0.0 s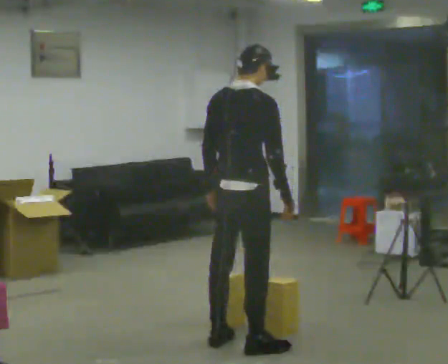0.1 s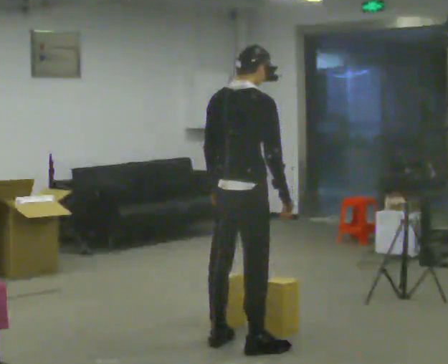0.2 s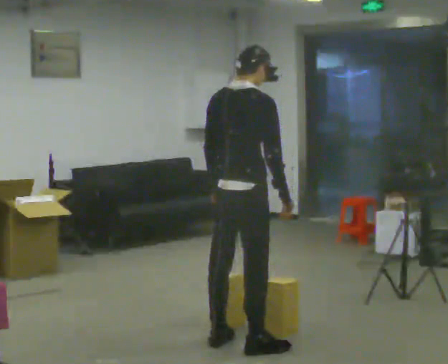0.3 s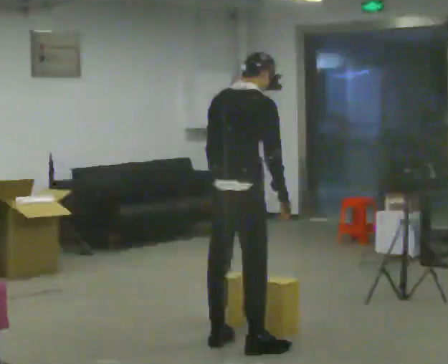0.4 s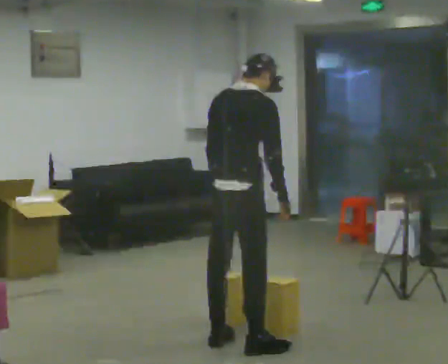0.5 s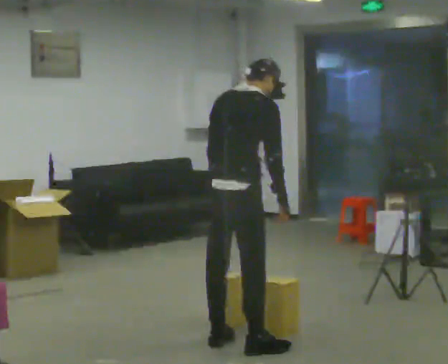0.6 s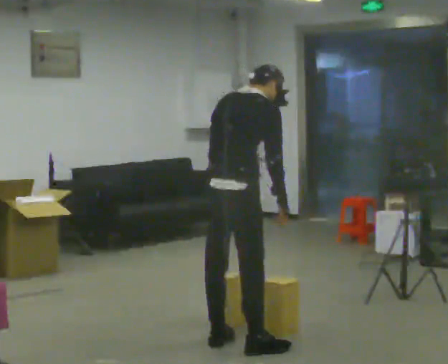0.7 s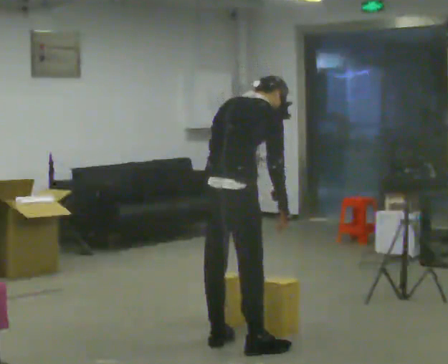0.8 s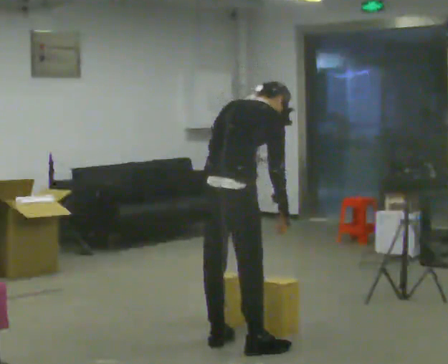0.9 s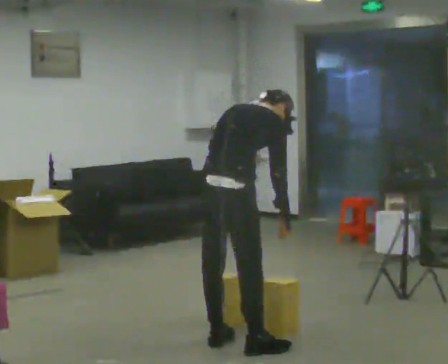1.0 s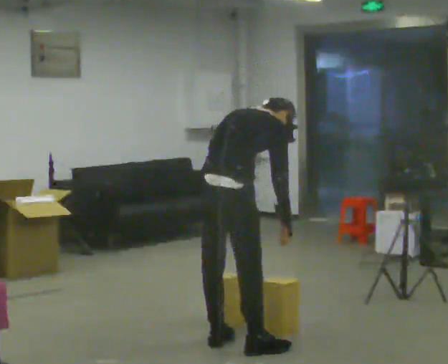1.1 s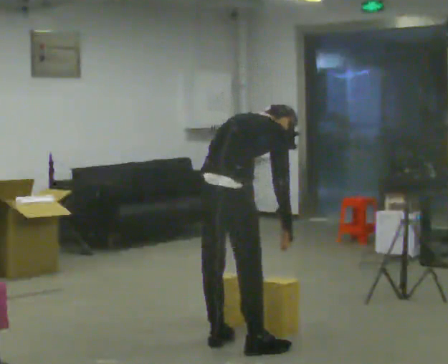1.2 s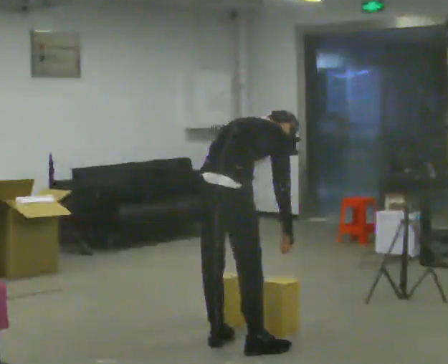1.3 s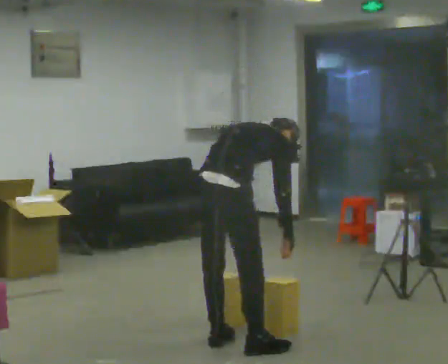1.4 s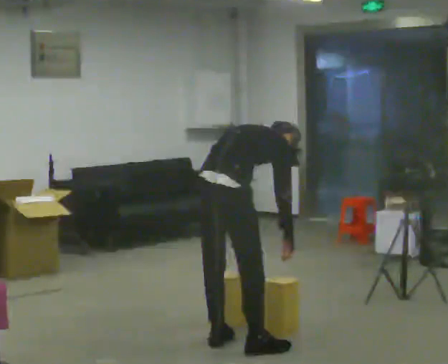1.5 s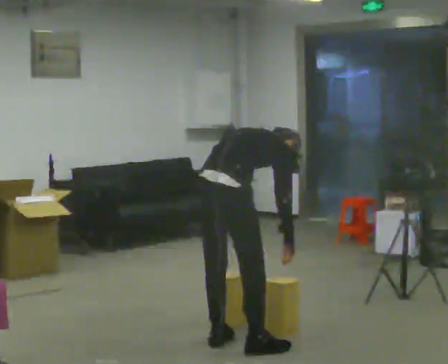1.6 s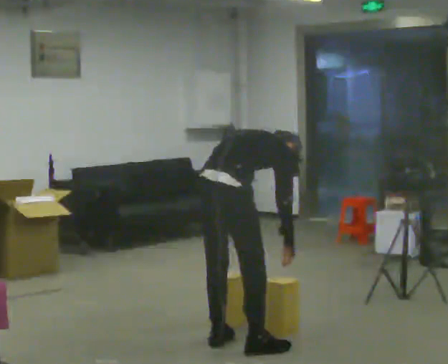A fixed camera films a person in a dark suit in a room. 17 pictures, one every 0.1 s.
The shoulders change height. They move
downward.
The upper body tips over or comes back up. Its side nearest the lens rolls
upward.
0.0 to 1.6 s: The shoulders move downward. The upper body tips away from the camera, its near side rolling upward, as they bend forward.
The film runs forward here.
